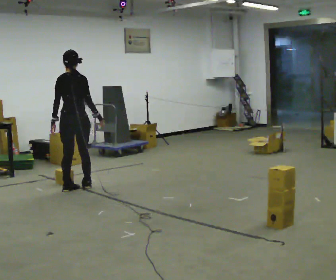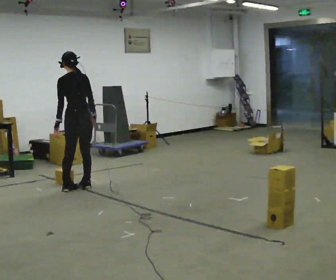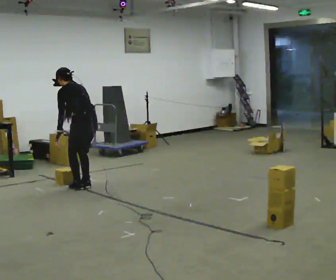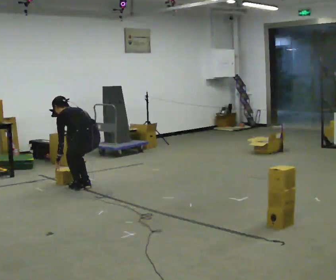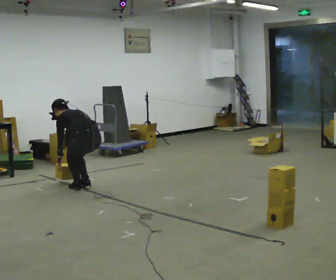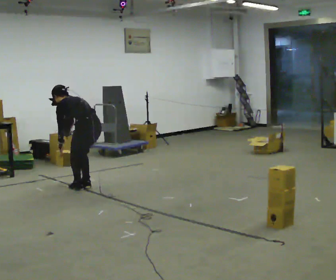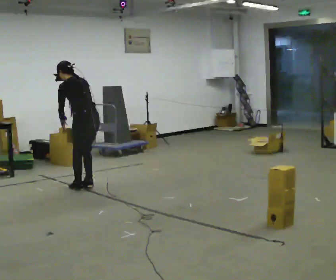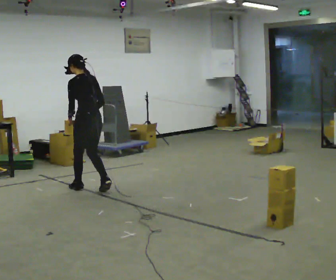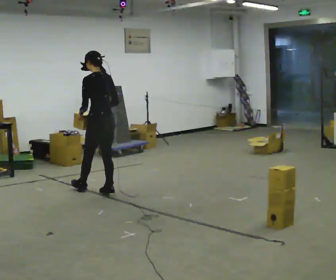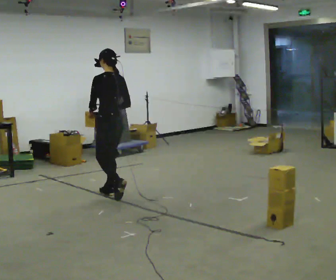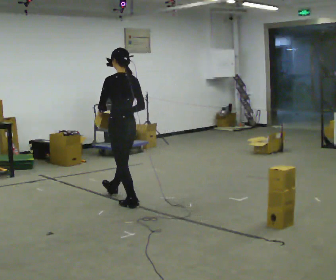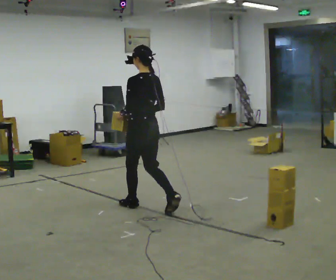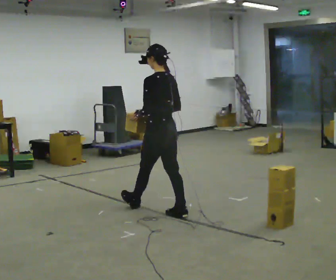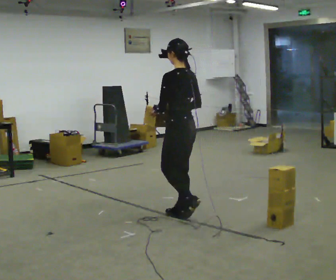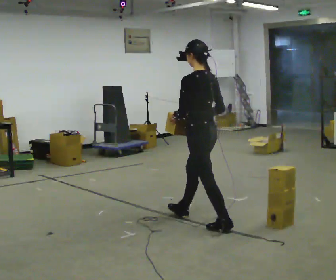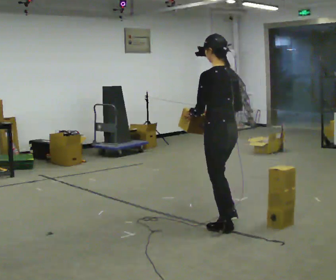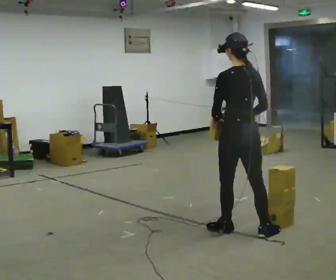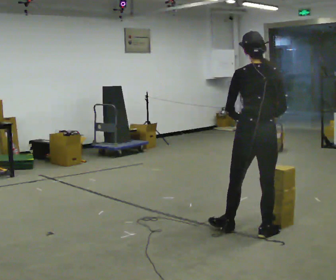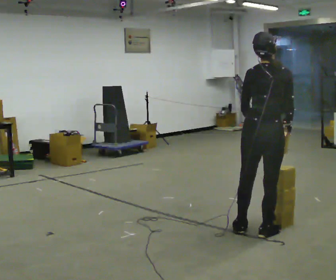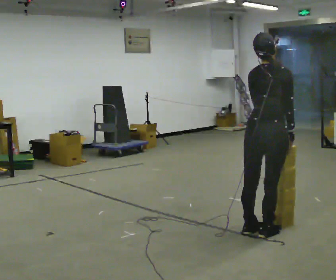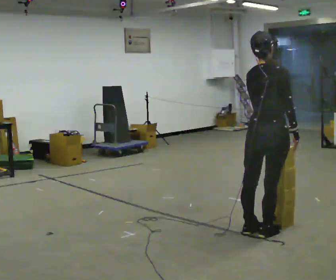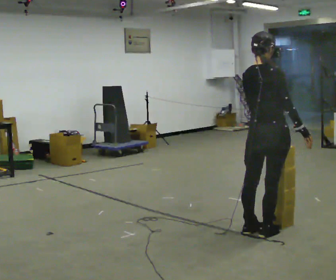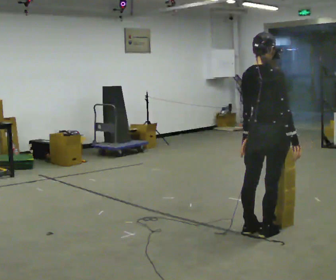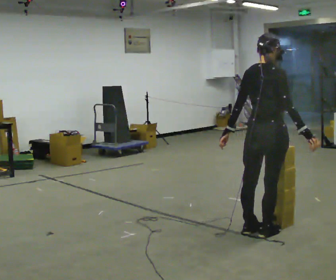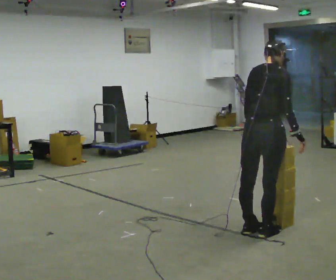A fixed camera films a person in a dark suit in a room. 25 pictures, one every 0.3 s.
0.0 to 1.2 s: The part of the body nearest the lens slides to the right as the person turns to their left by about 75 degrees. In the picture they go to the right, about 0.25 m in 1 step. The upper body goes downward. In the picture the upper body tilts counterclockwise, shoulders to the left, as they bend forward. In the picture their right hand goes downward.
1.2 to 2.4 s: In the picture they go toward the camera, about 0.25 m in 2 steps, which for them is backward. The shoulders move upward. The upper body tips toward the camera, its near side rolling downward, as they lean back or straighten. In the picture their left hand goes upward and to the right.
2.4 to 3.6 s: In the picture they go toward the camera and to the right, about 1 m in 2 steps, which for them is backward.
3.6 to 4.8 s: In the picture they go toward the camera and to the right, about 1 m in 1 step, which for them is backward.
4.8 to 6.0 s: Seen from above the body turns clockwise, about 60 degrees: to their right, with its near side sliding to the left. In the picture they go to the right and toward the camera, about 0.25 m.
6.0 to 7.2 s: The person moves a little, or ends about where they began.
The film runs backward here.
